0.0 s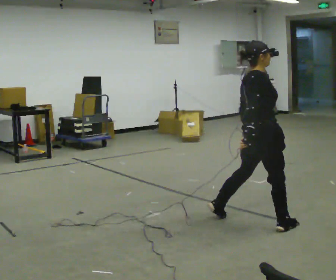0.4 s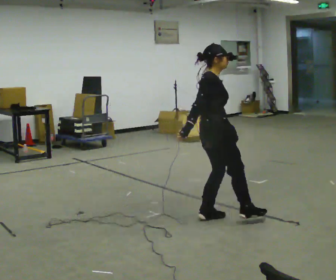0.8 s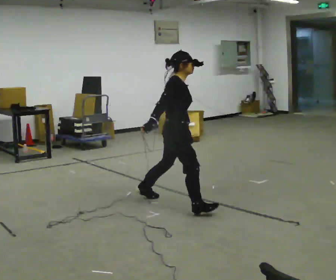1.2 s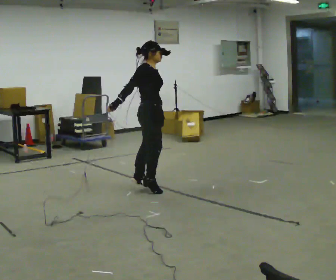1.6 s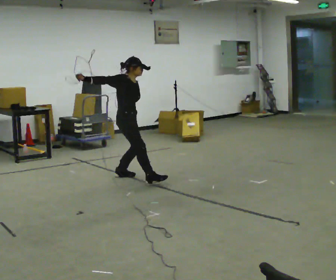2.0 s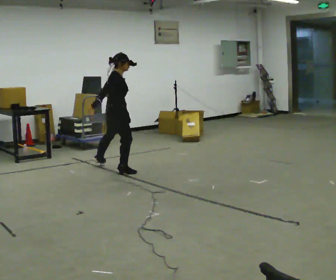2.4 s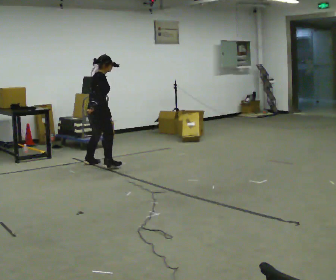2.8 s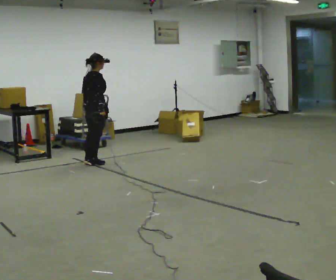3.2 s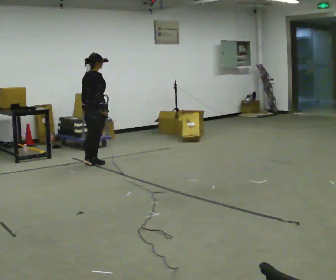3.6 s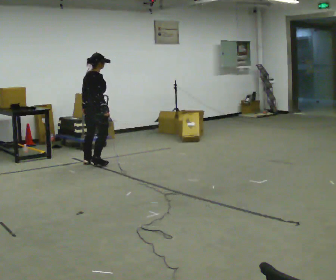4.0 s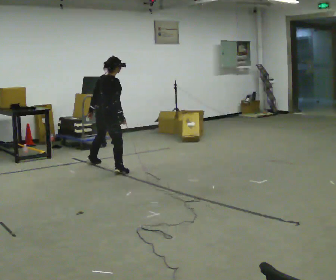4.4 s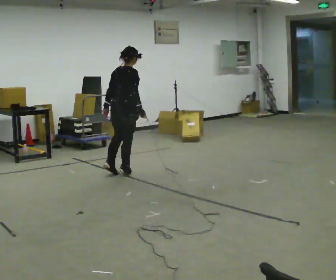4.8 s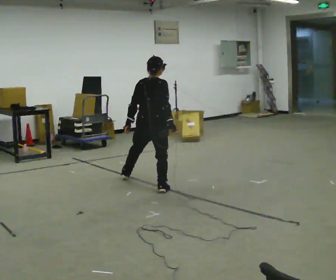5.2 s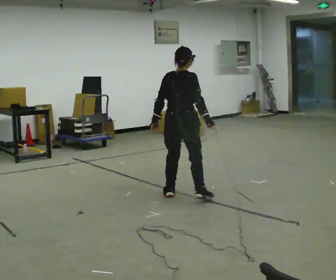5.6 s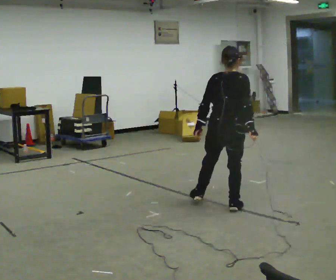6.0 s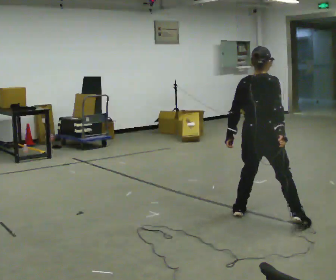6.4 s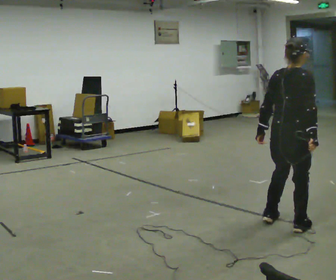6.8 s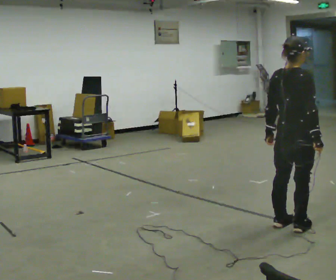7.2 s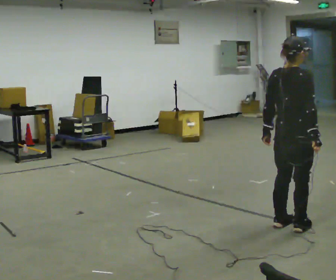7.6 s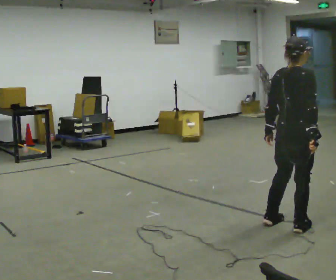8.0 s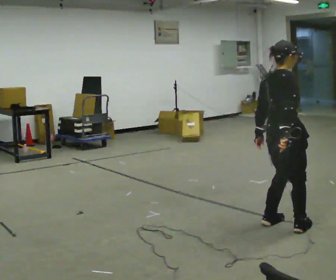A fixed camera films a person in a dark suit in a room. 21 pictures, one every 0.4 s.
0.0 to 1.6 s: The person turns about 30 degrees to their right, clockwise seen from above, so the part of the body nearest the lens slides to the left. In the picture they go away from the camera and to the left, about 2 m in 3 steps, which for them is to their left and backward. In the picture their right hand goes upward, the arm swinging clockwise.
1.6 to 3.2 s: The person turns about 60 degrees to their left, counterclockwise seen from above, so the part of the body nearest the lens slides to the right. In the picture they go away from the camera and to the left, about 1 m in 2 steps, which for them is to their left. In the picture their right hand goes downward, the arm swinging counterclockwise.
3.2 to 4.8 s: In the picture they go toward the camera and to the right, about 1.5 m in 3 steps, which for them is to their right.
4.8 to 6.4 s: In the picture they go toward the camera and to the right, about 2 m in 4 steps, which for them is to their right and backward.
6.4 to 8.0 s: The person moves a little, or ends about where they began.
The film runs backward here.
